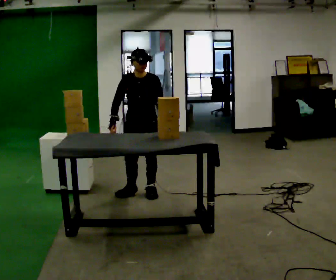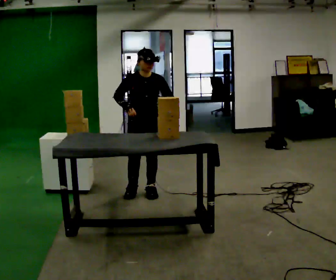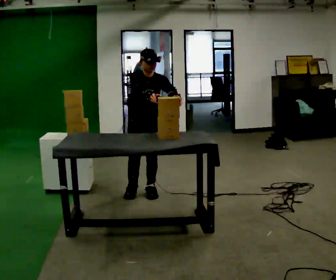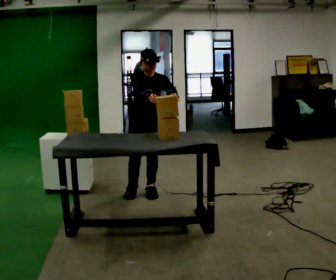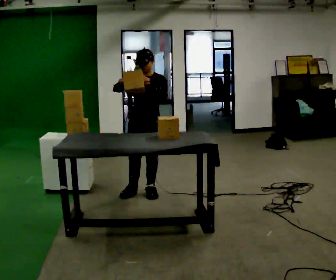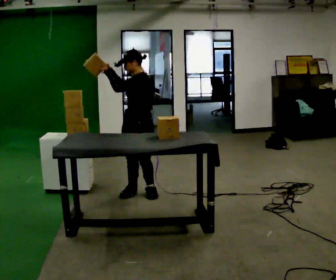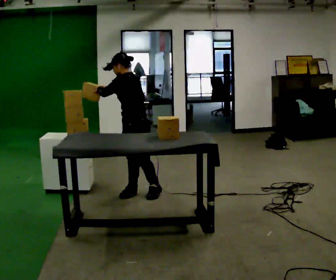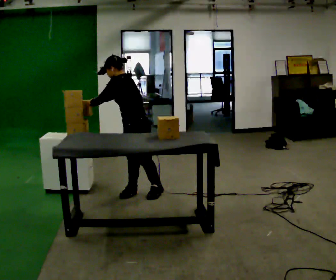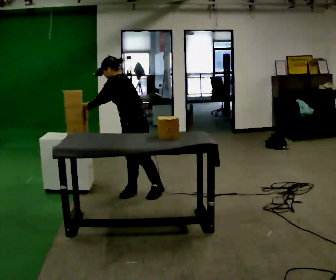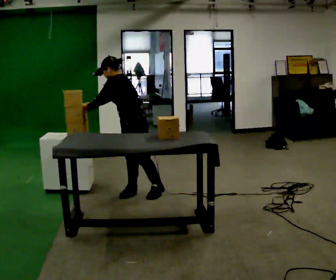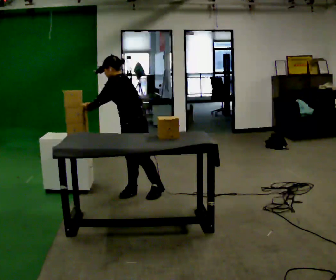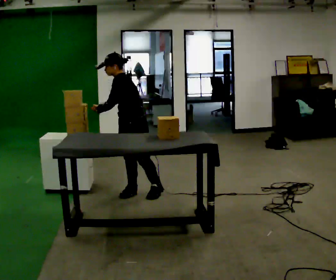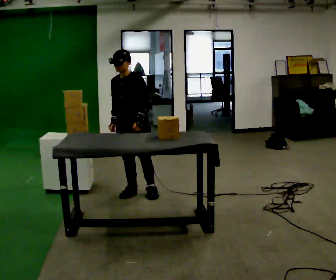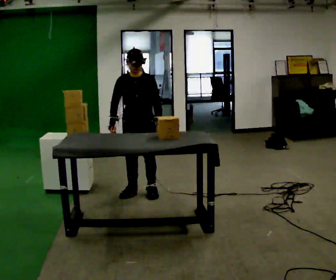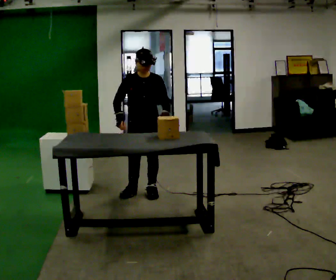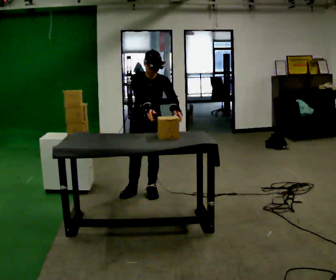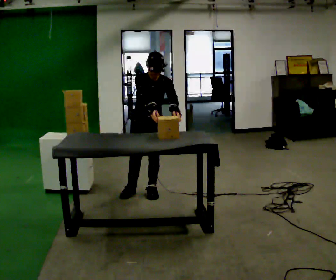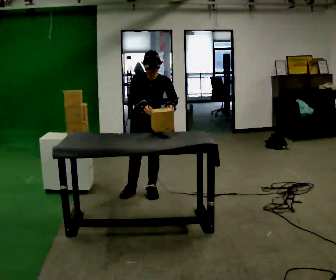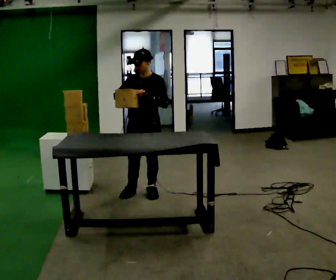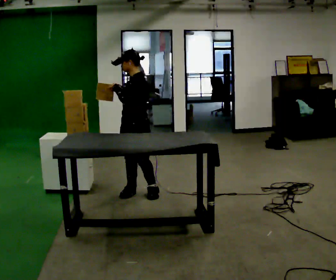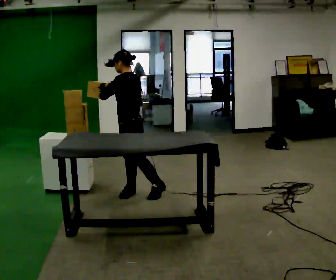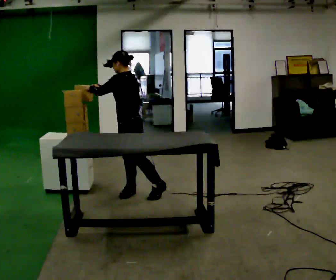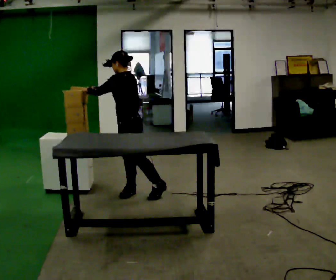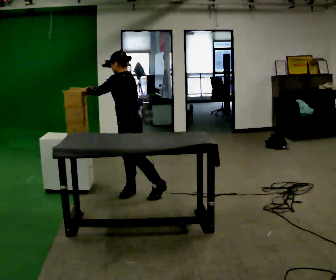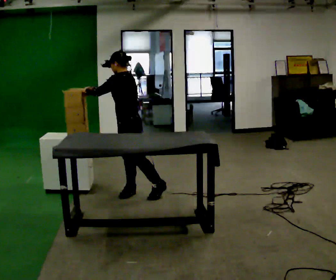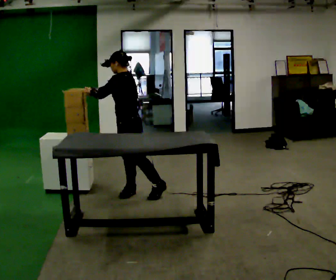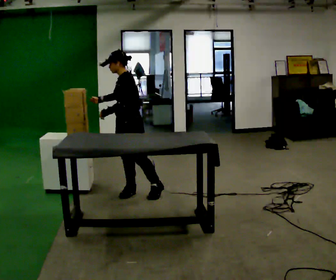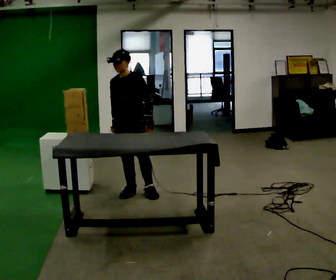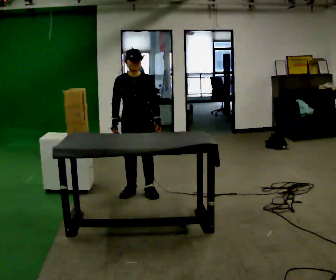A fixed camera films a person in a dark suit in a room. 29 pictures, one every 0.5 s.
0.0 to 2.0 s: In the picture their left hand goes upward.
2.0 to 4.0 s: The part of the body nearest the lens slides to the left as the person turns to their right by about 75 degrees. In the picture the upper body tilts counterclockwise, shoulders to the left, as they bend forward. In the picture their right hand goes to the left.
4.0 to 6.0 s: The person turns about 60 degrees to their left, counterclockwise seen from above, so the part of the body nearest the lens slides to the right. In the picture the upper body tilts clockwise, shoulders to the right, as they lean back or straighten. In the picture their left hand goes to the right, the arm swinging counterclockwise.
6.0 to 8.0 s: Seen from above the body turns counterclockwise, about 30 degrees: to their left, with its near side sliding to the right. The upper body tips toward the camera, its near side rolling downward, as they bend forward. In the picture their right hand goes to the right.
8.0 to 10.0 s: Seen from above the body turns clockwise, about 105 degrees: to their right, with its near side sliding to the left. The upper body tips away from the camera, its near side rolling upward, as they lean back or straighten. In the picture their right hand goes to the left.
10.0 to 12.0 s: The person moves a little, or ends about where they began.
12.0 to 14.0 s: The part of the body nearest the lens slides to the right as the person turns to their left by about 90 degrees. In the picture their left hand goes to the right and downward, the arm swinging counterclockwise.
The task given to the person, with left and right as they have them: Move the objects one at a time between the far targets the operator calls, without moving your feet. Repeat at your own pace until the operator says stop. Keep both feet on the marked spots for the whole take. If you have to step, stop and tell the operator.
The film runs forward here.
